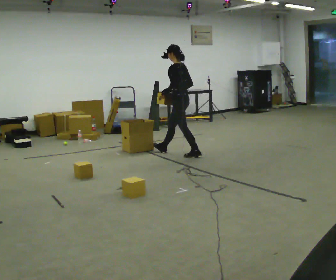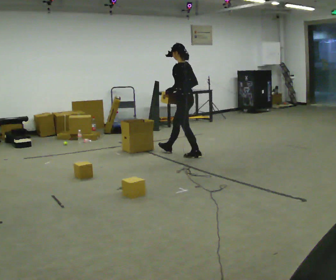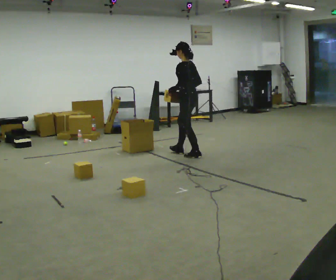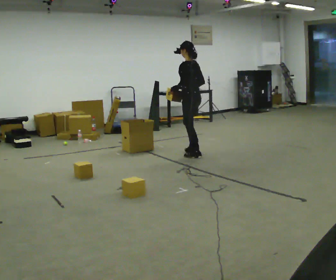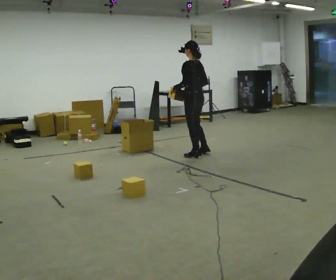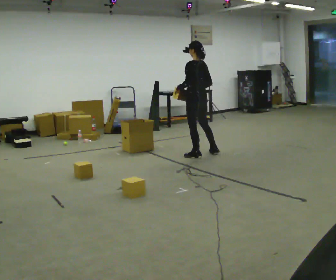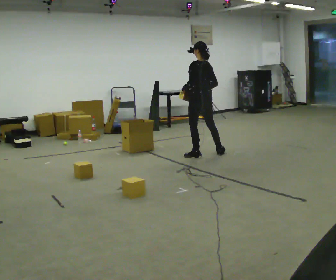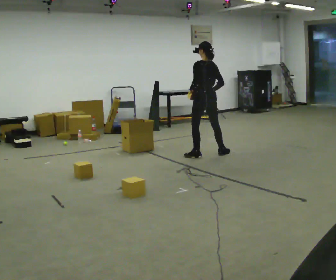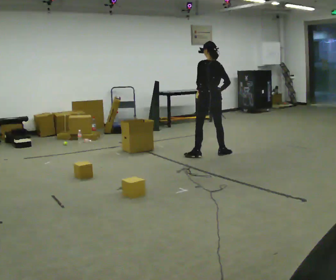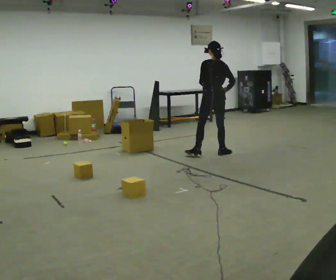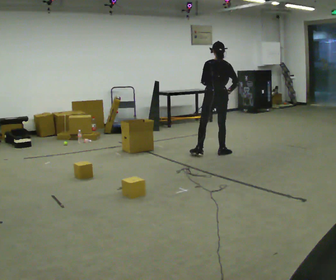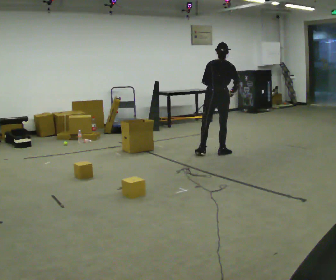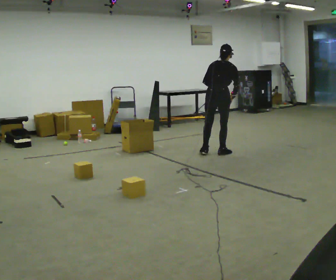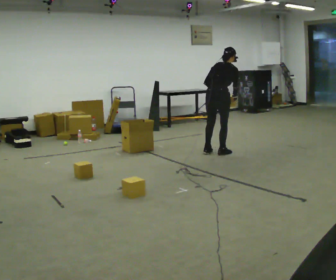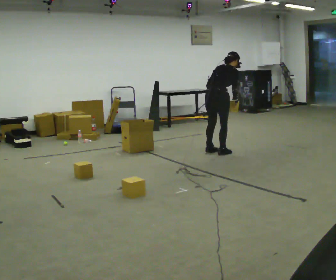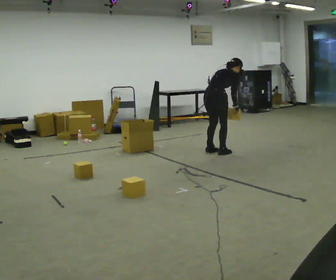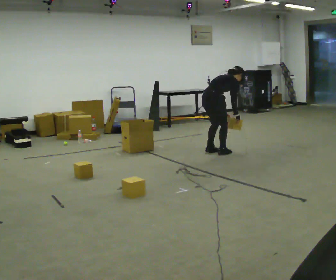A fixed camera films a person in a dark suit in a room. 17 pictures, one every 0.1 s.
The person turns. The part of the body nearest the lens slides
to the left.
The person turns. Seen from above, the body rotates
clockwise.
0.0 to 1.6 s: The person turns about 120 degrees to their right, clockwise seen from above, so the part of the body nearest the lens slides to the left. In the picture they go to the right, about 0.5 m in 1 step. In the picture the upper body tilts clockwise, shoulders to the right, as they bend forward.
The film runs backward here.
